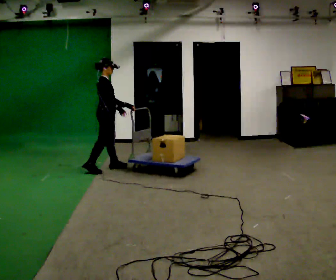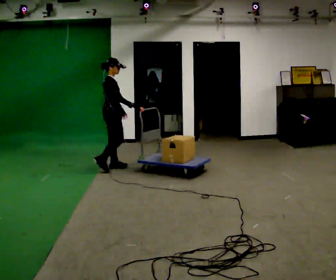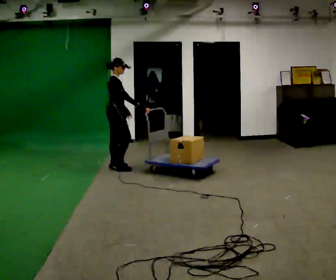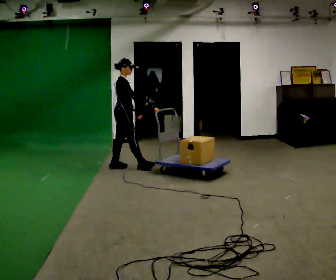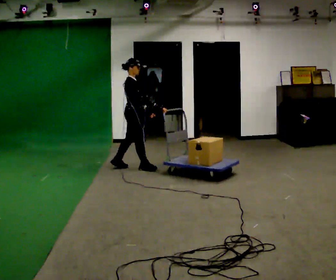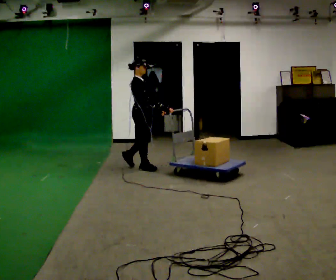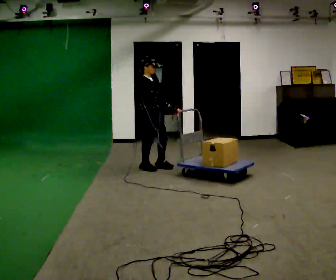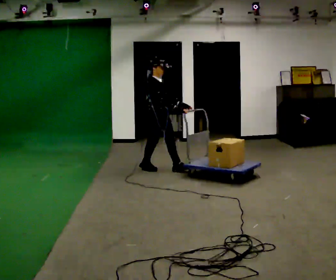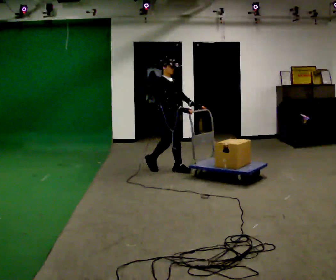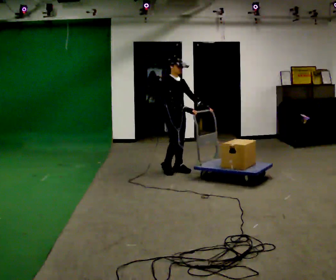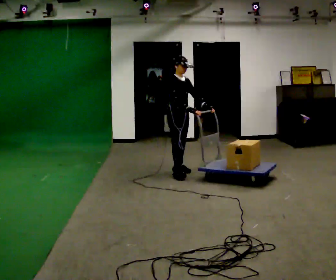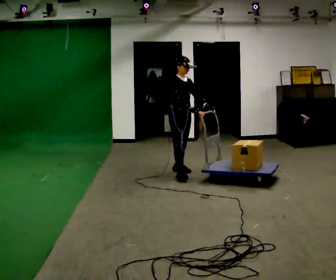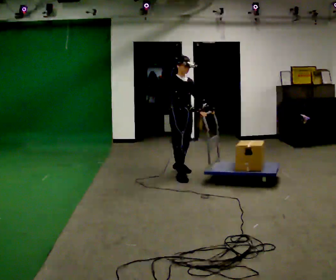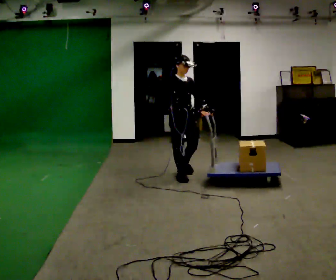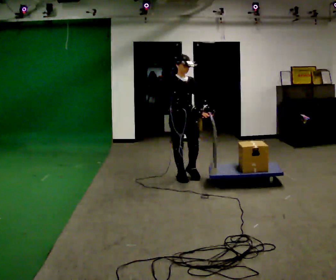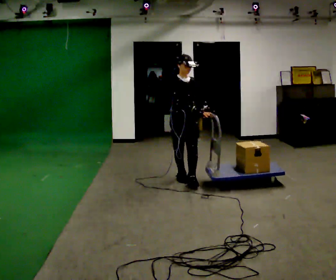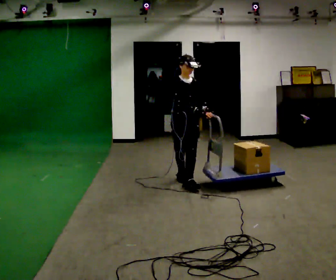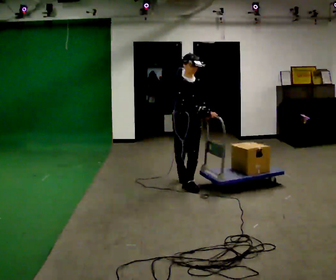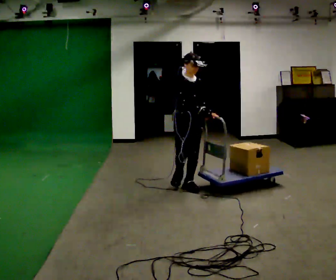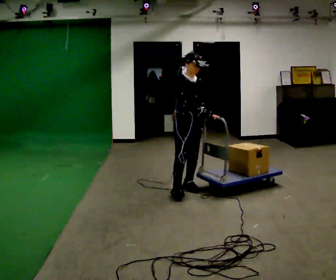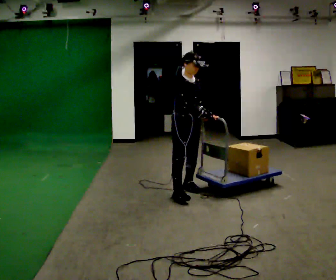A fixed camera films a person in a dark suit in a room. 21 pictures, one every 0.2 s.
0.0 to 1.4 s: The part of the body nearest the lens slides to the left as the person turns to their right by about 30 degrees. In the picture they go to the right, about 0.5 m in 1 step, which for them is forward.
1.4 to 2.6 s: Seen from above the body turns clockwise, about 30 degrees: to their right, with its near side sliding to the left. In the picture they go toward the camera and to the right, about 0.5 m in 2 steps, which for them is forward.
2.6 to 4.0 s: In the picture they go toward the camera, about 0.75 m in 2 steps, which for them is forward.
The film runs forward here.
